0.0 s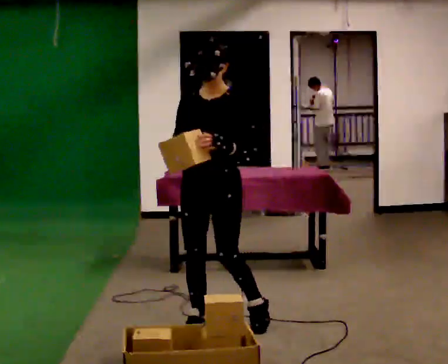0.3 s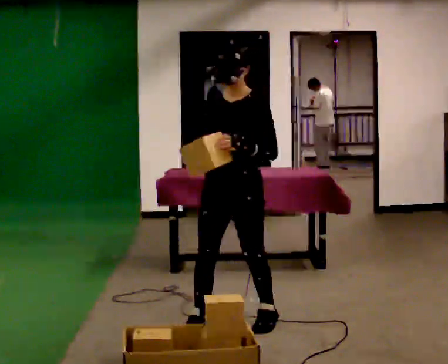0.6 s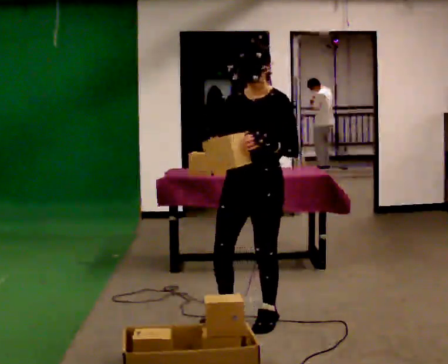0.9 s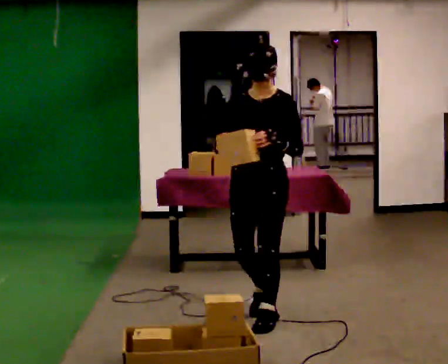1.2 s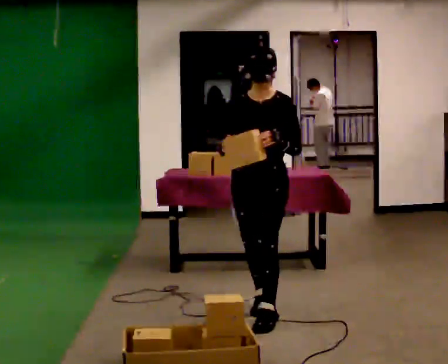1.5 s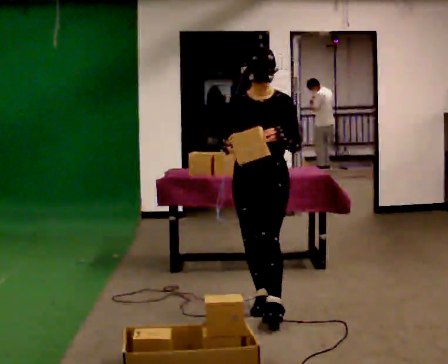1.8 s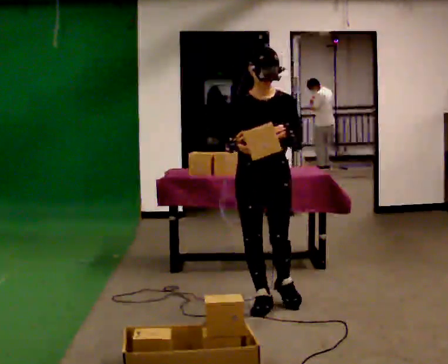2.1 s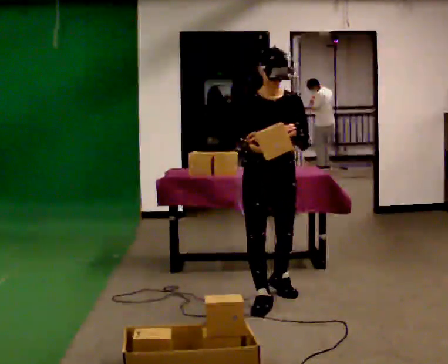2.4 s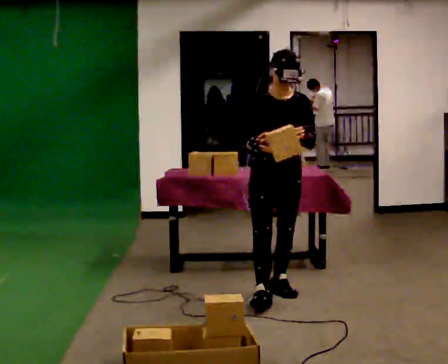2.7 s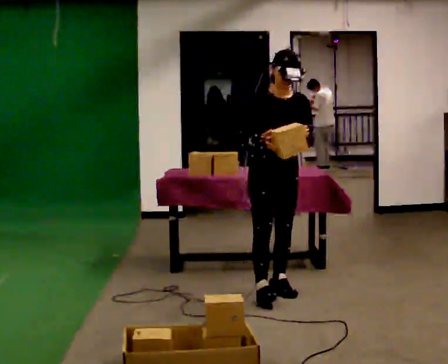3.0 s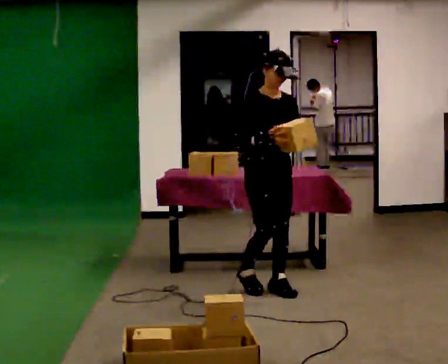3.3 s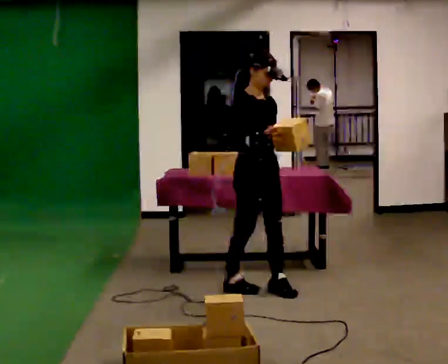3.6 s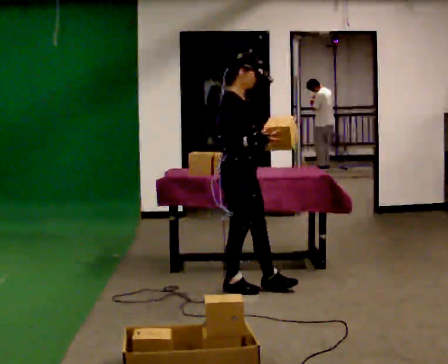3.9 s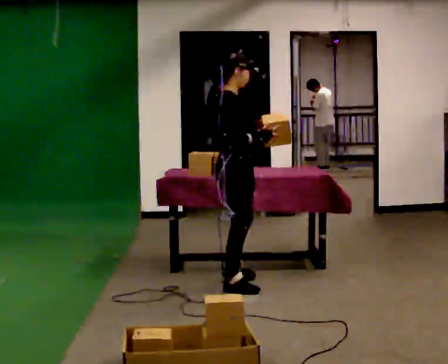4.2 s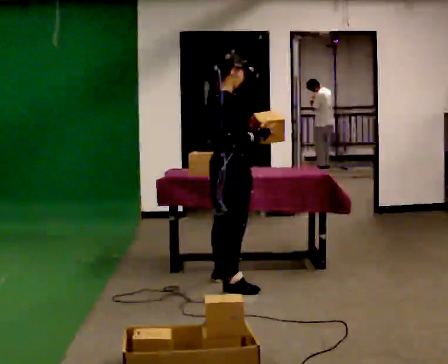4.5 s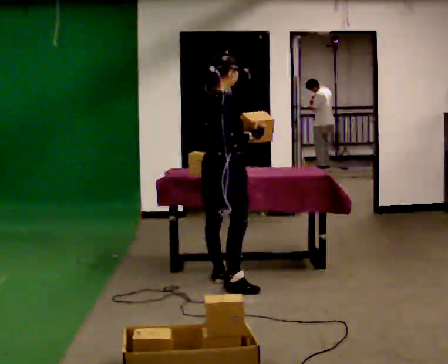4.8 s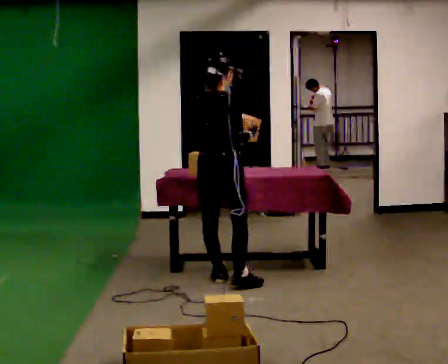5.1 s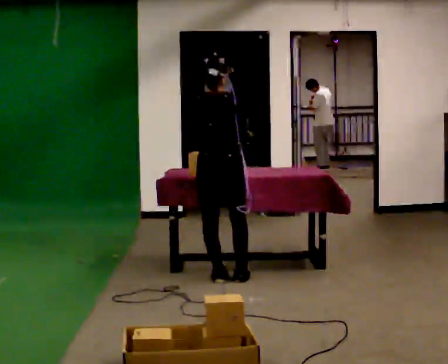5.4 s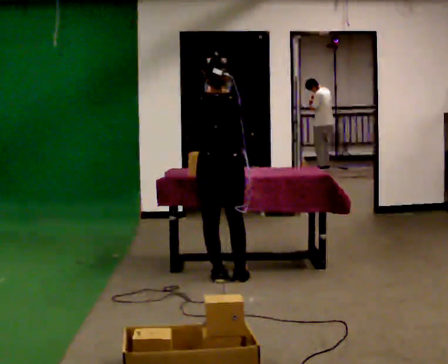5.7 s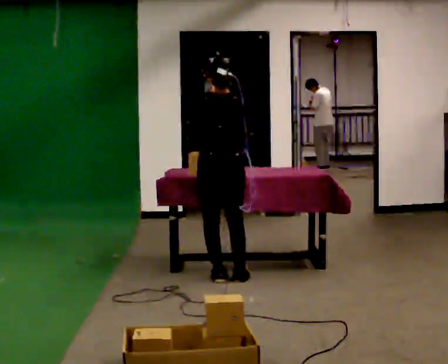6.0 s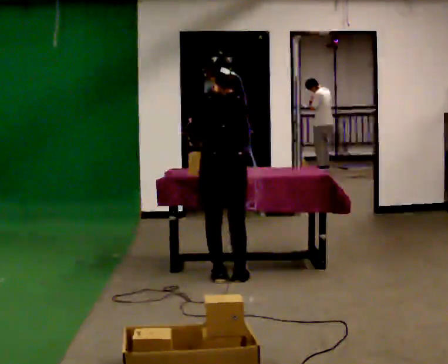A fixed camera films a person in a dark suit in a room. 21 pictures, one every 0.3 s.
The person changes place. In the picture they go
away from the camera.
The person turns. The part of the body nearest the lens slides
to the right.
0.0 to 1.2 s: In the picture they go to the right and away from the camera, about 0.25 m in 1 step, which for them is backward and to their left.
1.2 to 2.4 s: In the picture they go away from the camera, about 0.5 m in 1 step, which for them is backward.
2.4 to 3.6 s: The person turns about 75 degrees to their left, counterclockwise seen from above, so the part of the body nearest the lens slides to the right. In the picture they go to the left, about 0.25 m in 2 steps.
3.6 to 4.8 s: The part of the body nearest the lens slides to the right as the person turns to their left by about 75 degrees. In the picture they go away from the camera and to the left, about 0.25 m in 1 step.
4.8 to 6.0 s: Seen from above the body turns counterclockwise, about 45 degrees: to their left, with its near side sliding to the right.
The film runs backward here.
